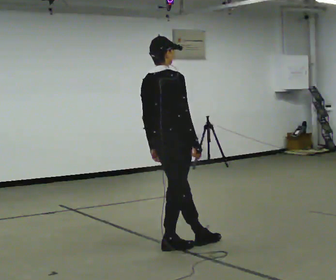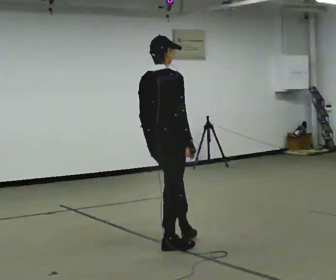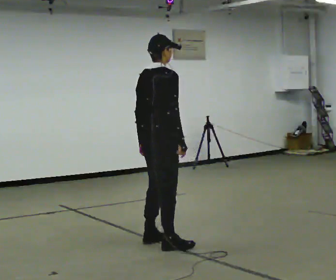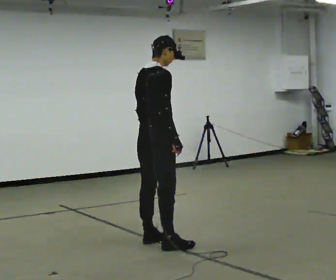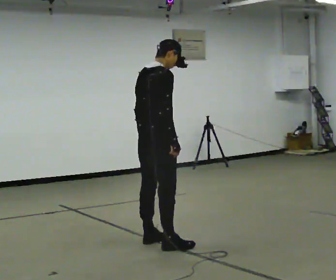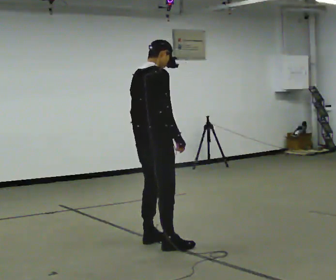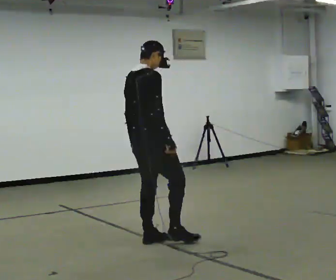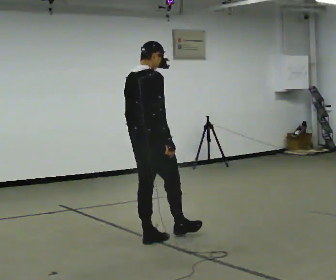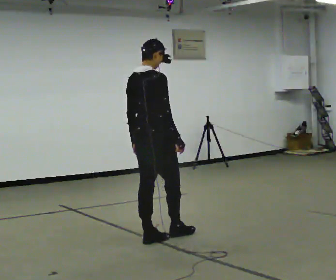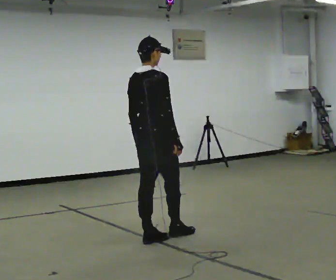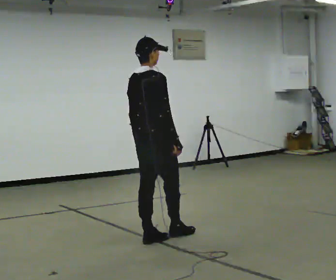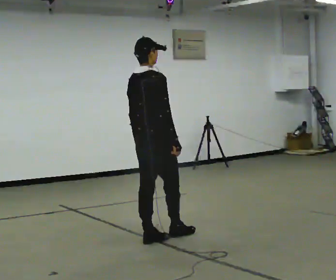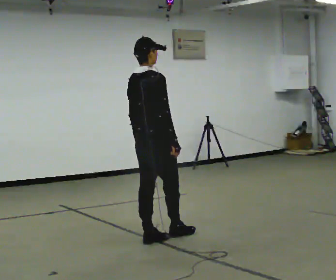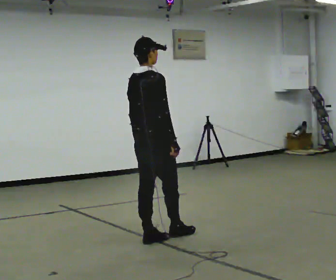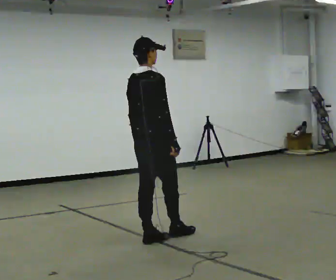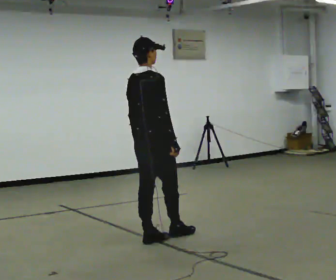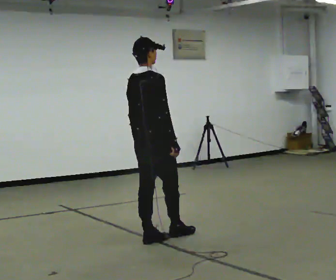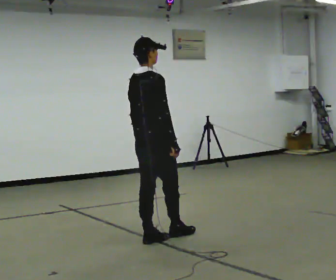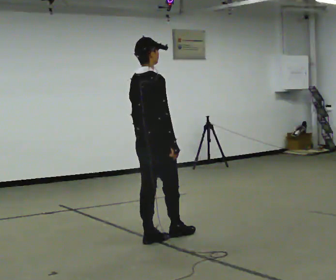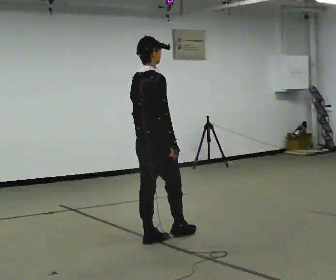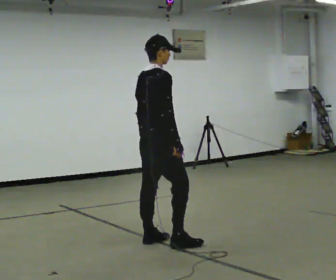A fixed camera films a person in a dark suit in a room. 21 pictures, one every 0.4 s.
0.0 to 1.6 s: The person moves a little, or ends about where they began.
1.6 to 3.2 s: In the picture they go away from the camera, about 0.25 m in 1 step, which for them is to their left.
3.2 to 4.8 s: The person moves a little, or ends about where they began.
4.8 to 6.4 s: The person keeps their place and pose.
6.4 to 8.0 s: The person moves a little, or ends about where they began.
The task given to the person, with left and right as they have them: Stand with one foot directly in front of the other, heel to toe, on the marked line. Hold your balance until you lose it, then step out. Repeat at your own pace until the operator says stop. Go slowly and only as far as you are comfortable. Step whenever you need to; do not try to hold on longer than feels safe.
The film runs forward here.
